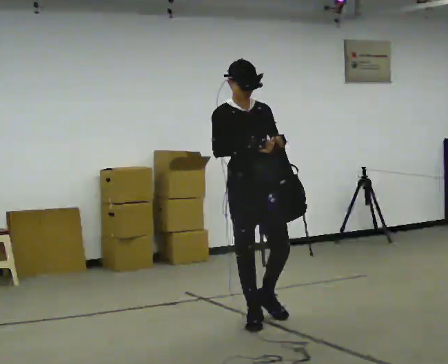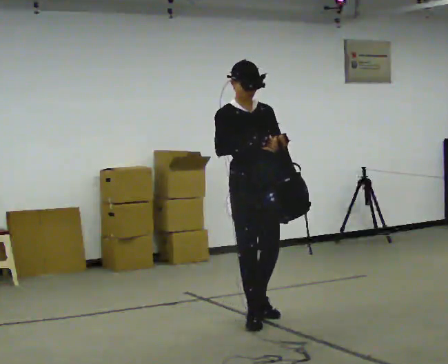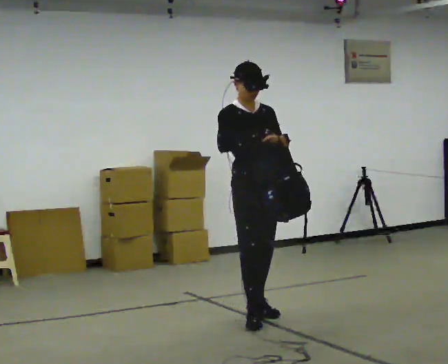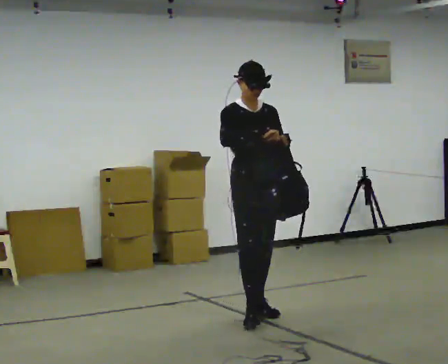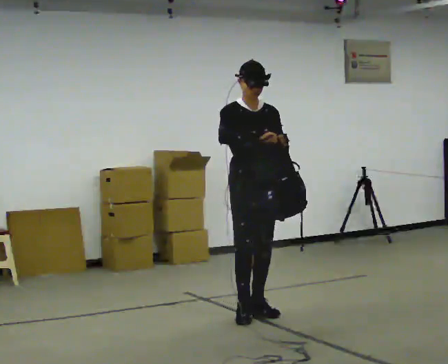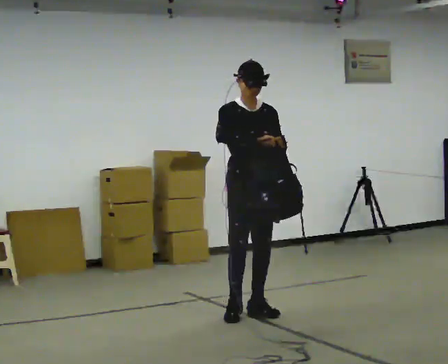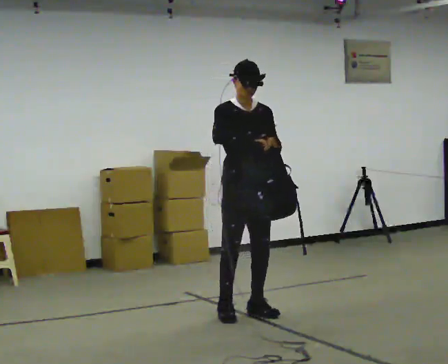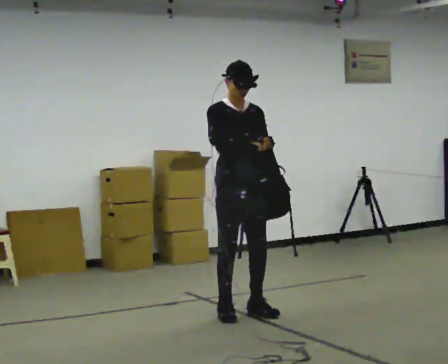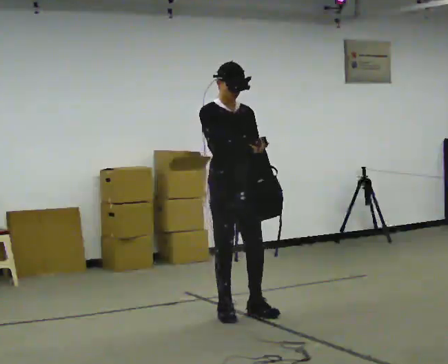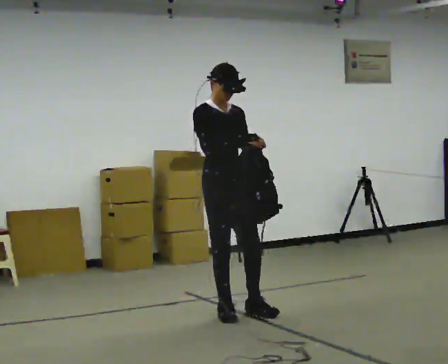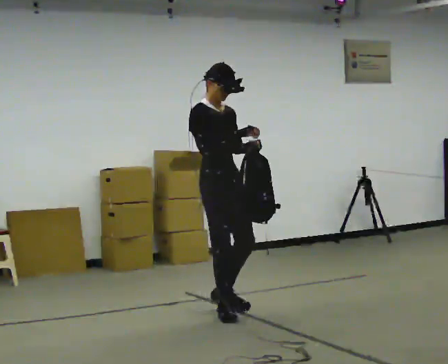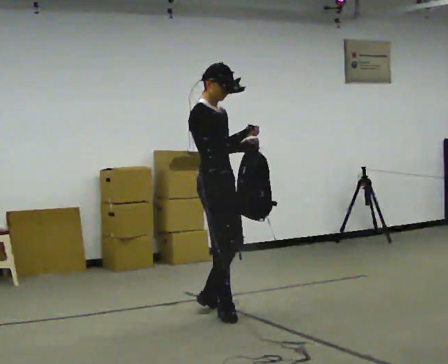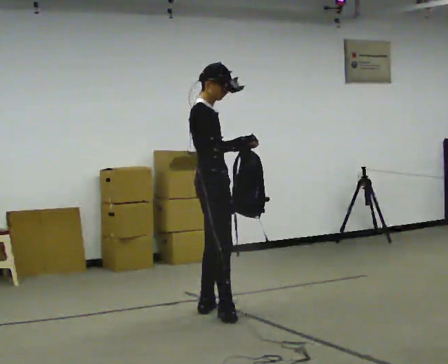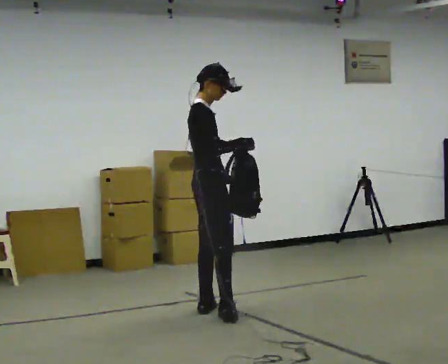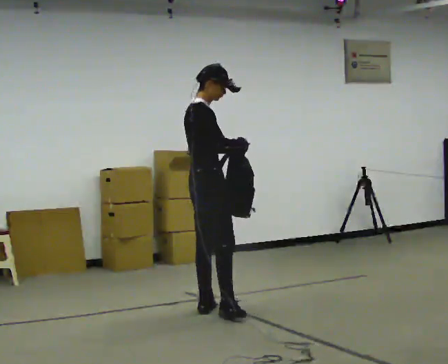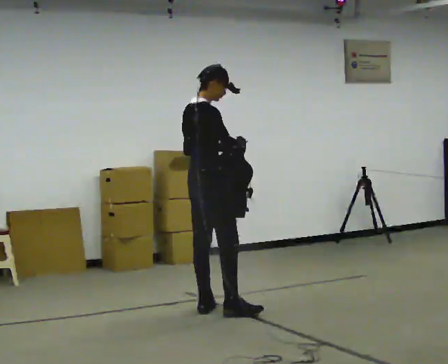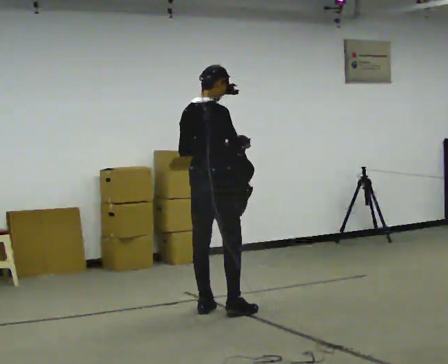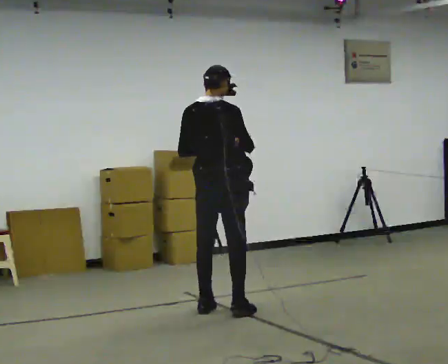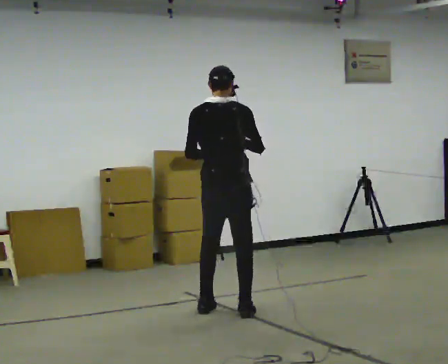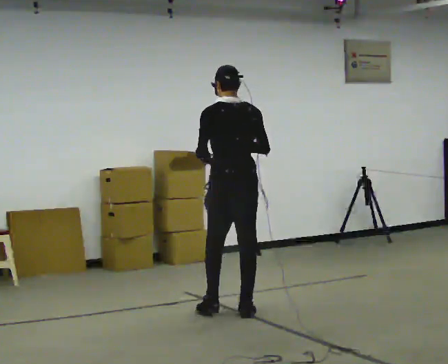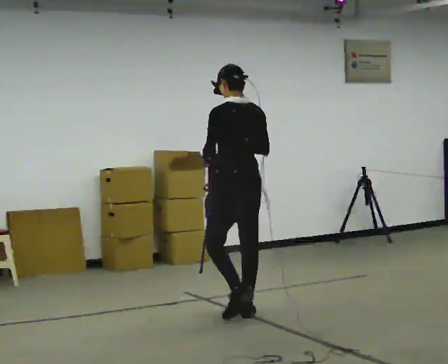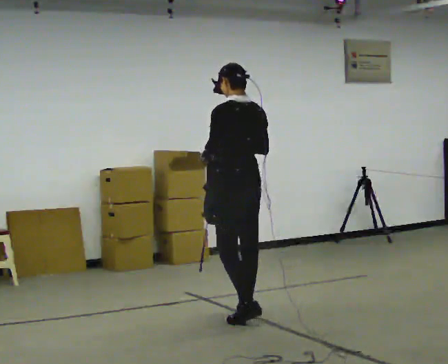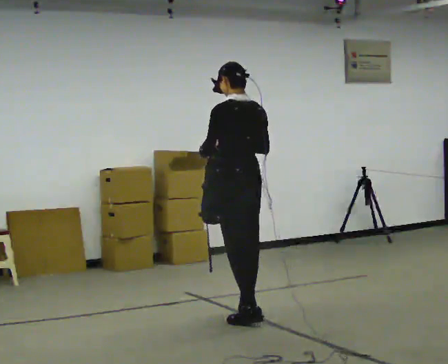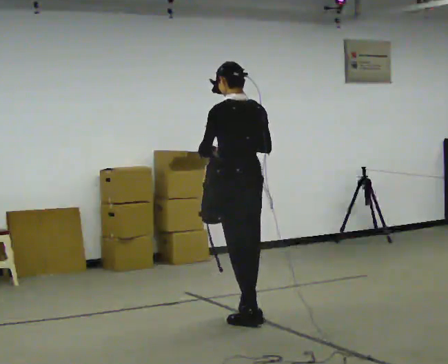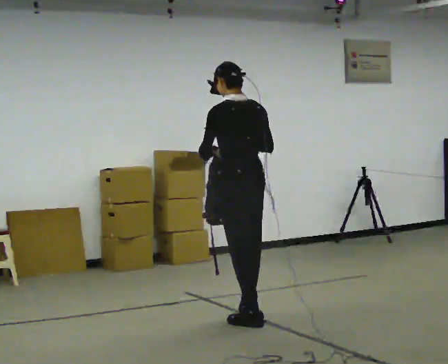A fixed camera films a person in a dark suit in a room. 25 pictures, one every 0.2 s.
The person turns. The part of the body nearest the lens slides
to the right.
The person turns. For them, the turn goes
to their left.
0.0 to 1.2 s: In the picture they go away from the camera, about 0.25 m in 1 step, which for them is backward.
1.2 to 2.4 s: The part of the body nearest the lens slides to the right as the person turns to their left by about 60 degrees. In the picture they go to the left, about 0.25 m in 1 step.
2.4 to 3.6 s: The person turns about 90 degrees to their left, counterclockwise seen from above, so the part of the body nearest the lens slides to the right.
3.6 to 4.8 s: The person turns about 30 degrees to their left, counterclockwise seen from above, so the part of the body nearest the lens slides to the right. In the picture they go toward the camera, about 0.25 m in 1 step, which for them is backward.
The film runs backward here.
